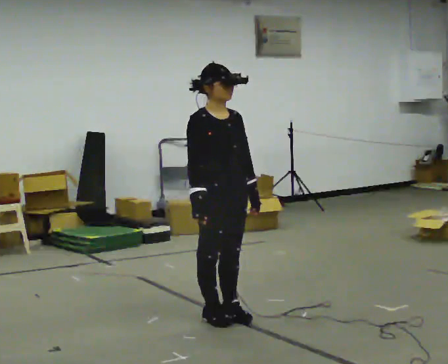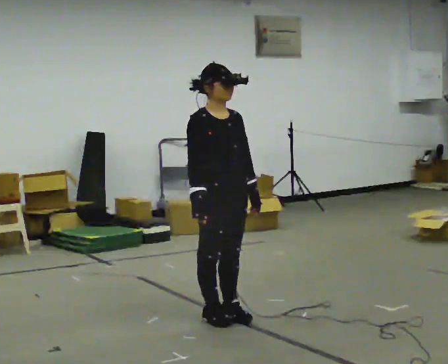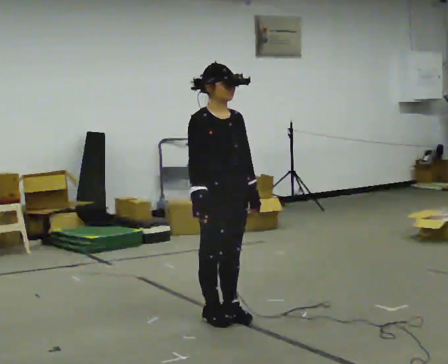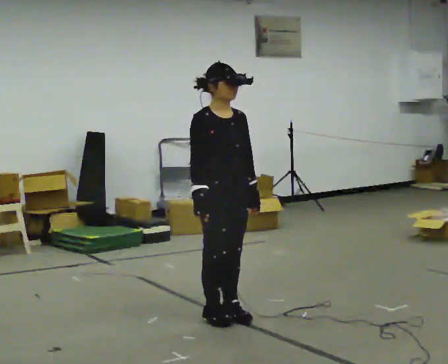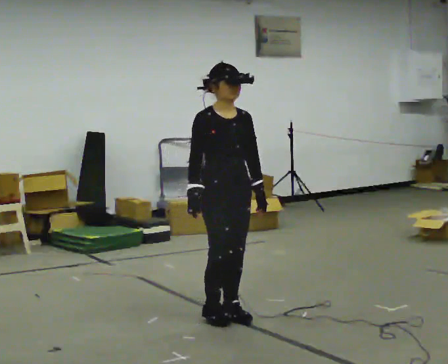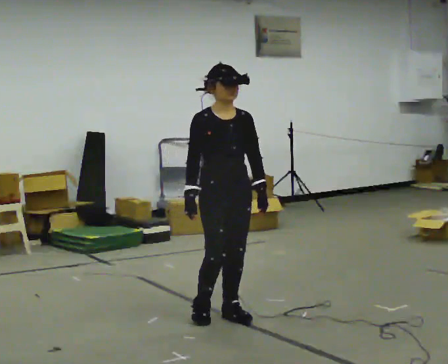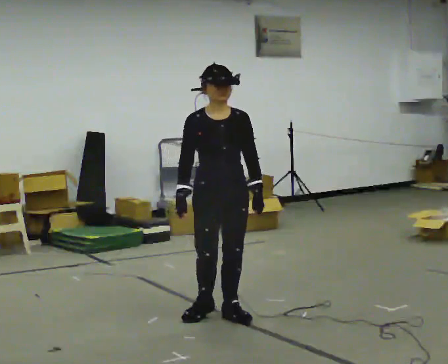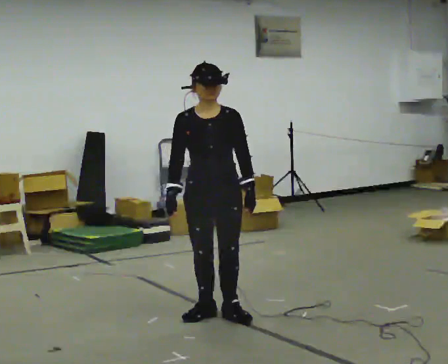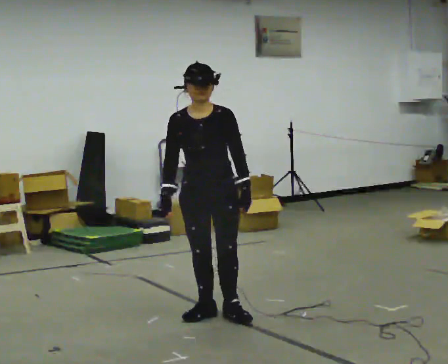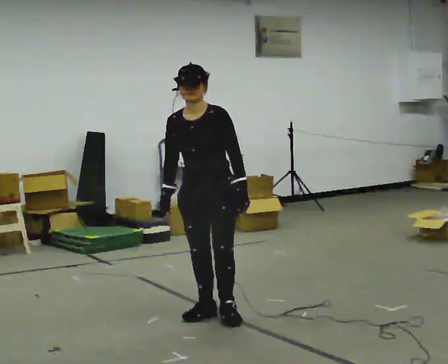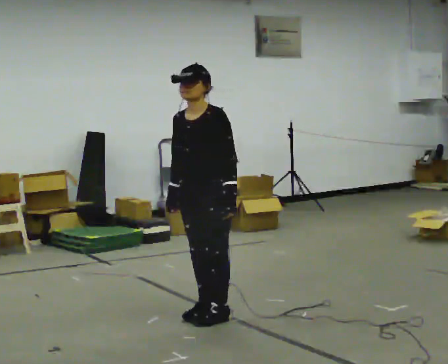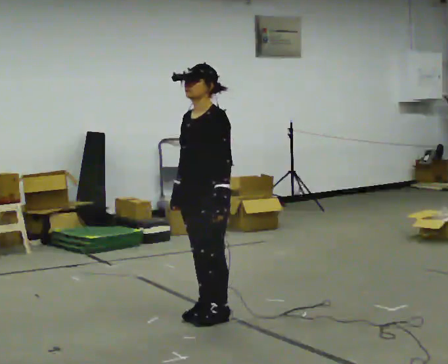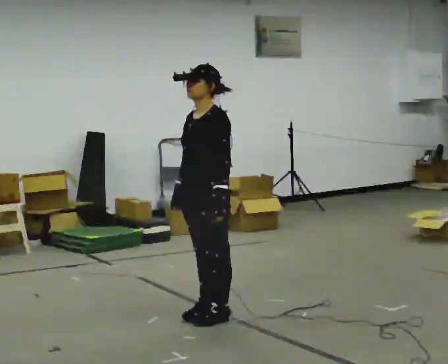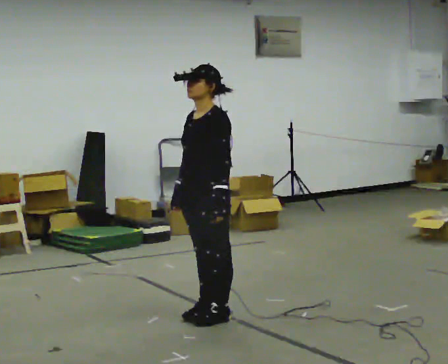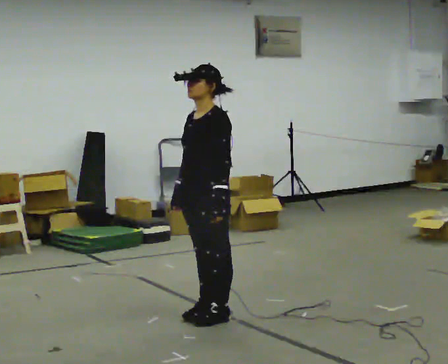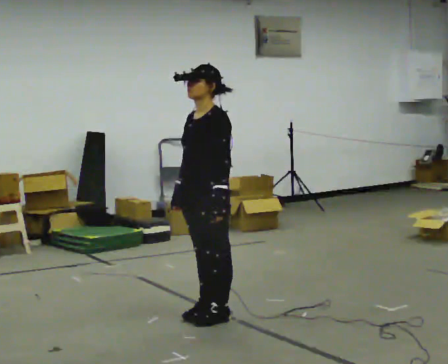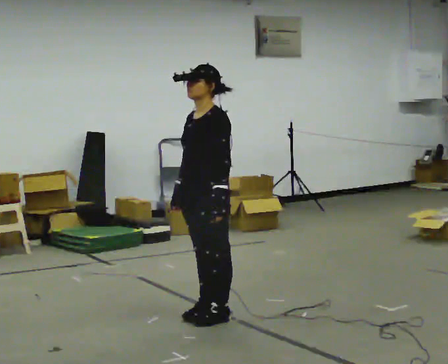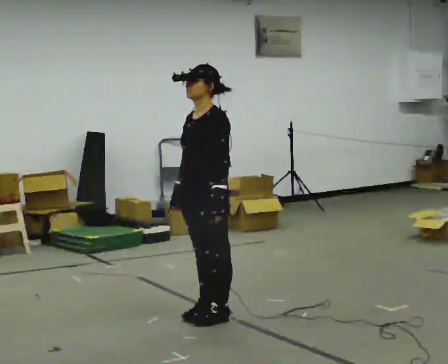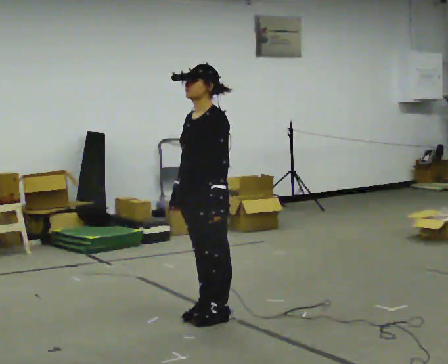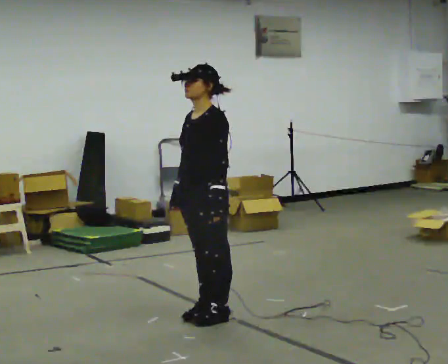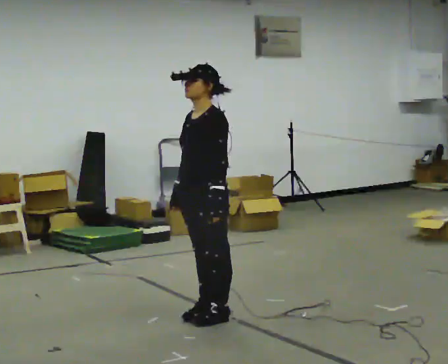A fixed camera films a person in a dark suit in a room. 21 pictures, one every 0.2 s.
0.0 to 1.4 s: The part of the body nearest the lens slides to the left as the person turns to their right by about 30 degrees.
1.4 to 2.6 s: The person turns about 60 degrees to their right, clockwise seen from above, so the part of the body nearest the lens slides to the left.
2.6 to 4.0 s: The person keeps their place and pose.
The film runs backward here.
